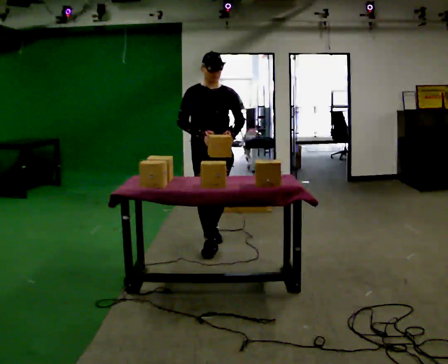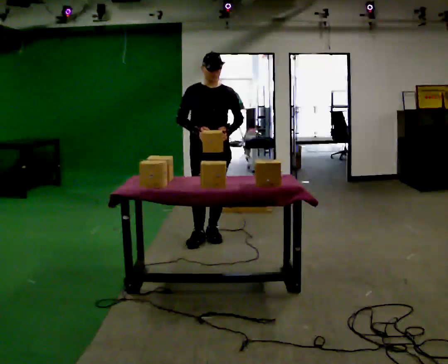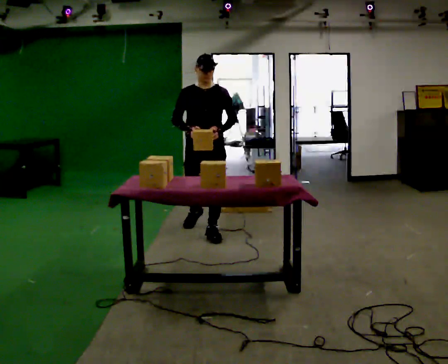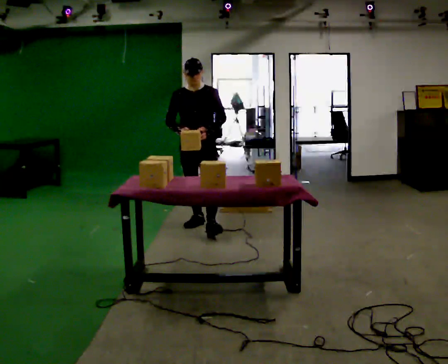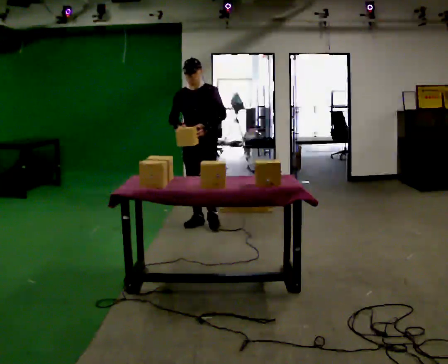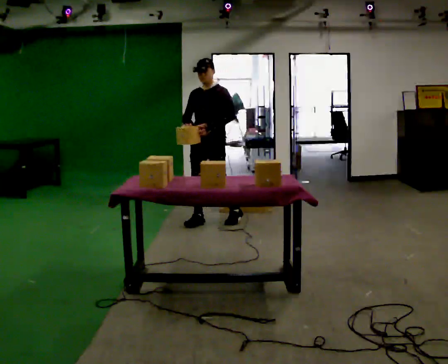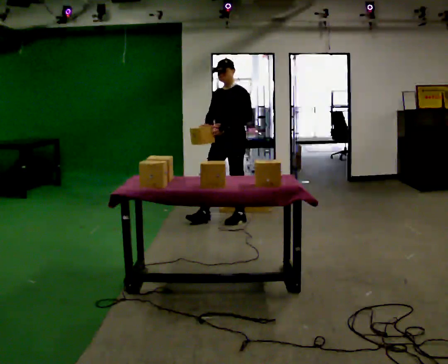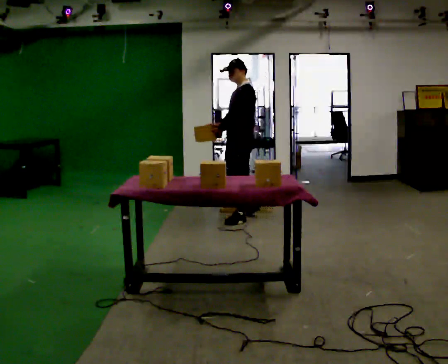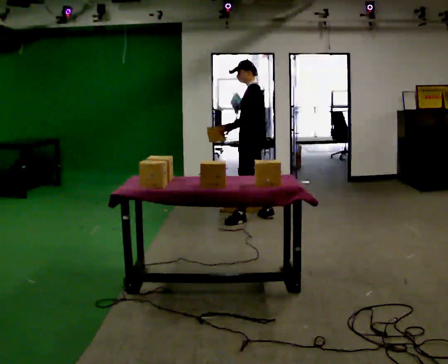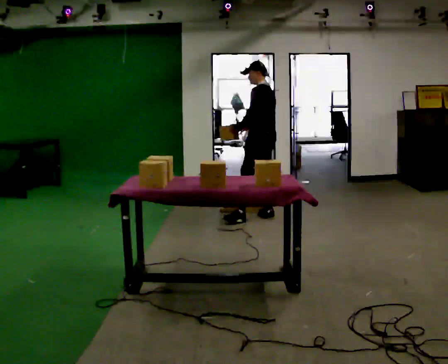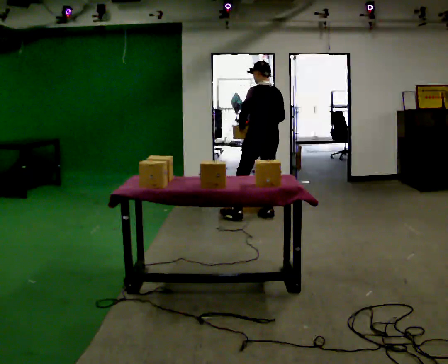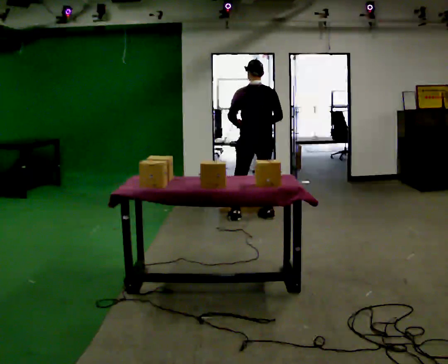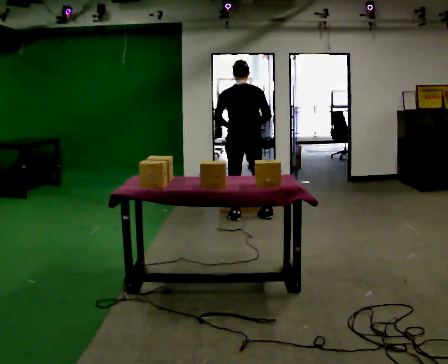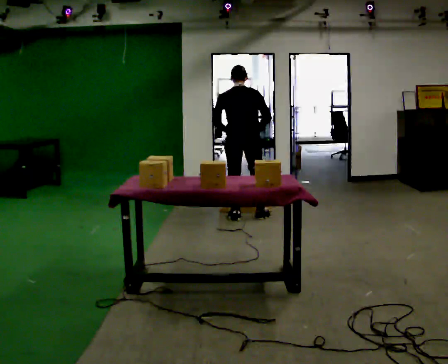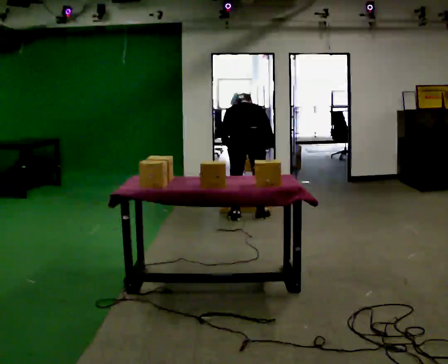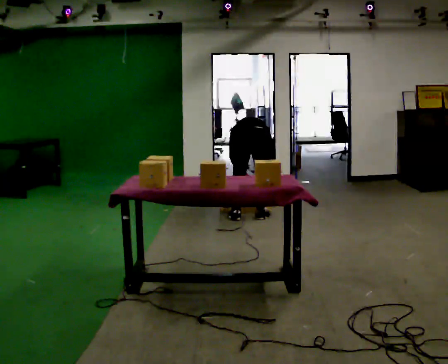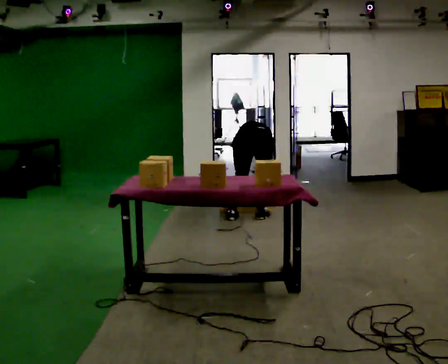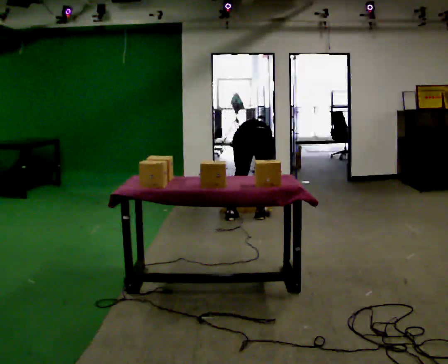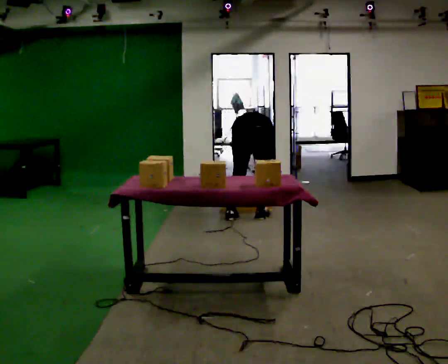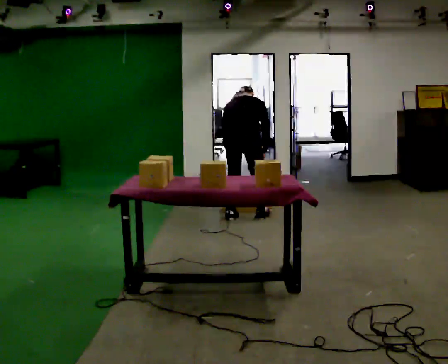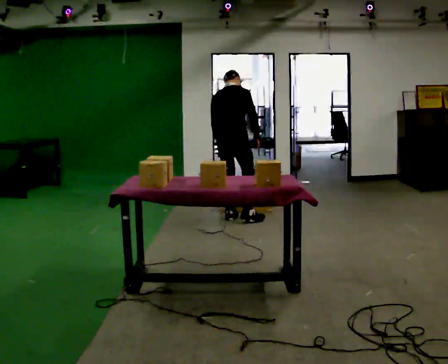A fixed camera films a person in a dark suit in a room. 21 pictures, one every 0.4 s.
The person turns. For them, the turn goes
to their right.
The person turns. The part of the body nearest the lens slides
to the left.
0.0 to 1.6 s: Seen from above the body turns clockwise, about 45 degrees: to their right, with its near side sliding to the left. In the picture they go away from the camera, about 0.5 m in 2 steps, which for them is backward.
1.6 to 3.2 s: The part of the body nearest the lens slides to the left as the person turns to their right by about 75 degrees. In the picture they go to the right and away from the camera, about 0.5 m in 1 step.
3.2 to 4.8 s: The part of the body nearest the lens slides to the left as the person turns to their right by about 75 degrees.
4.8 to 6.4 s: The upper body goes downward. The upper body tips away from the camera, its near side rolling upward, as they bend forward. In the picture their left hand goes downward.
6.4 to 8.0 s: The person turns about 30 degrees to their right, clockwise seen from above, so the part of the body nearest the lens slides to the left. In the picture they go to the left, about 0.25 m in 1 step, which for them is to their left. The upper body goes upward. The upper body tips toward the camera, its near side rolling downward, as they lean back or straighten. In the picture their right hand goes upward.
The film runs backward here.
